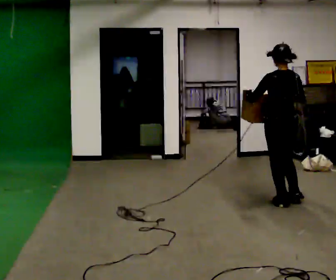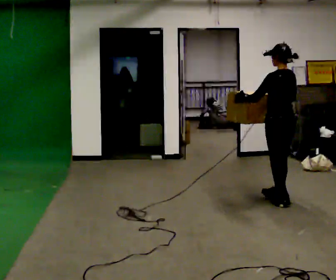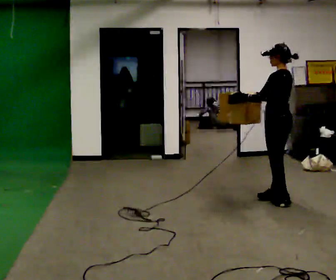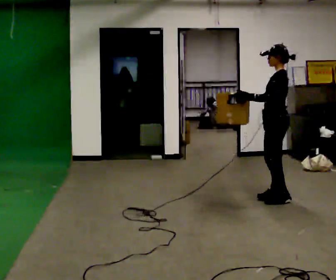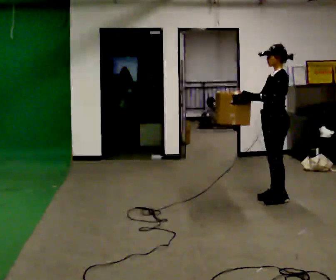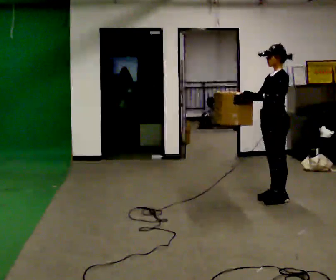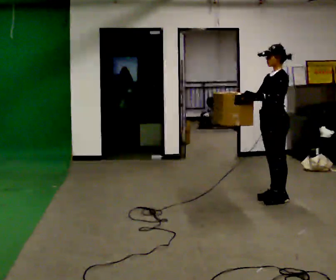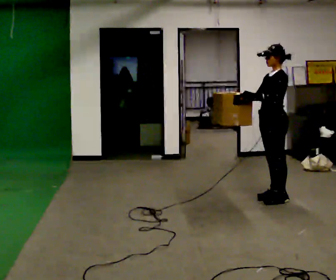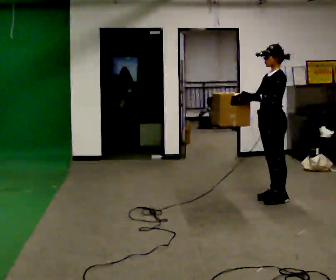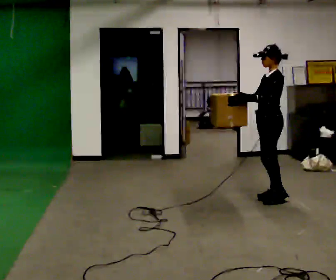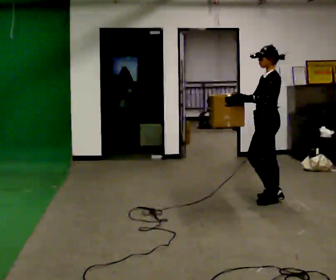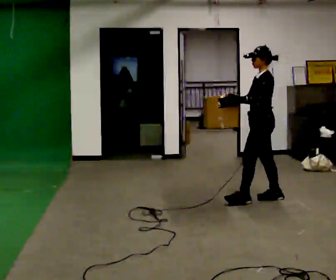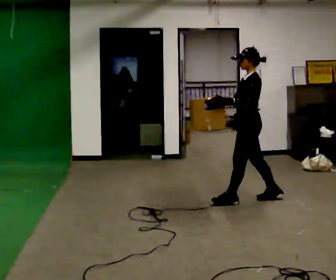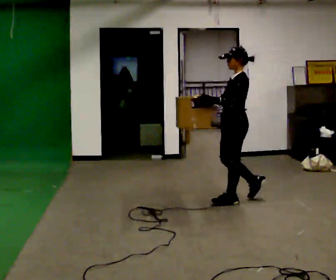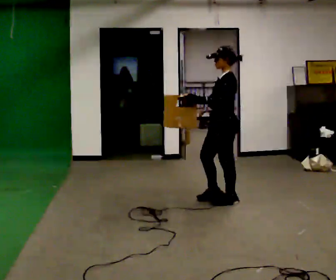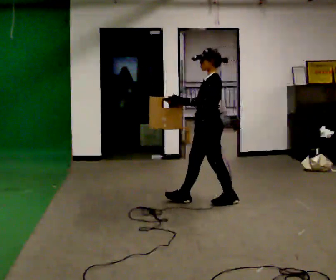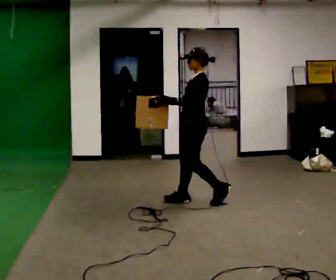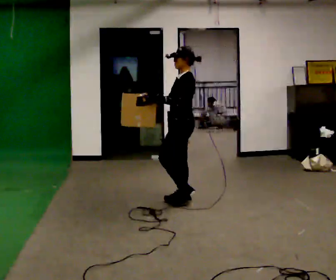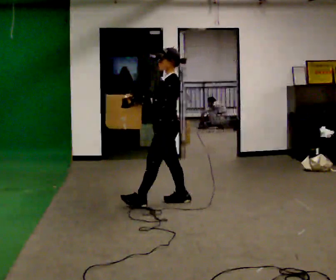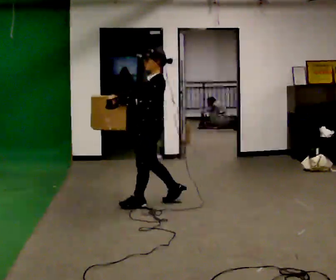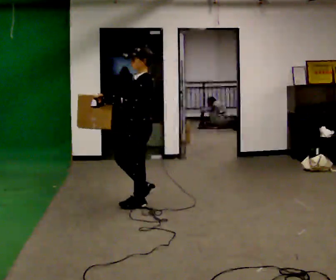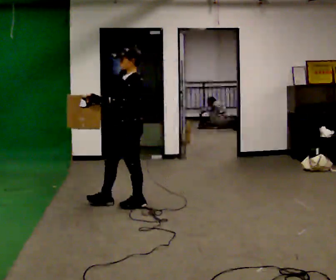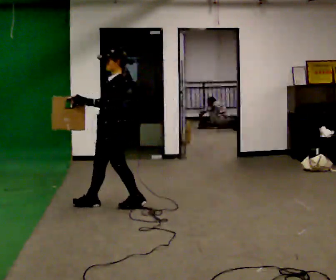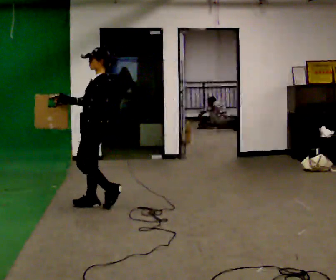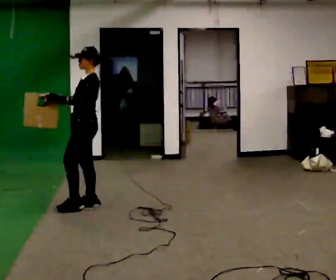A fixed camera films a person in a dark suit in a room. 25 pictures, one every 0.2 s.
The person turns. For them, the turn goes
to their left.
The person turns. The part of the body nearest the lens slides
to the right.
0.0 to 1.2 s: The part of the body nearest the lens slides to the right as the person turns to their left by about 75 degrees. In the picture they go away from the camera, about 0.25 m in 2 steps. In the picture their right hand goes to the left.
1.2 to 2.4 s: In the picture they go to the left, about 0.25 m in 1 step, which for them is forward.
2.4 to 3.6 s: In the picture they go to the left, about 1 m in 2 steps, which for them is forward.
3.6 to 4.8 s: In the picture they go to the left, about 1 m in 1 step, which for them is forward.
The film runs forward here.
